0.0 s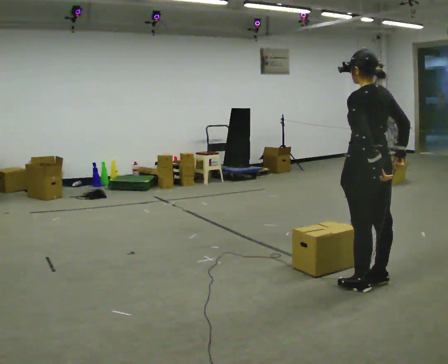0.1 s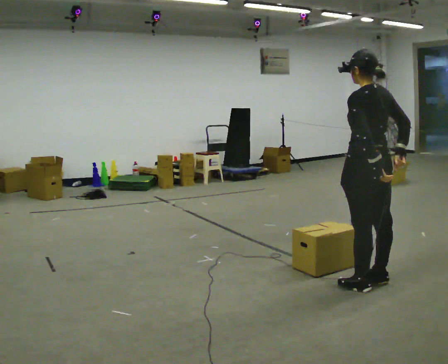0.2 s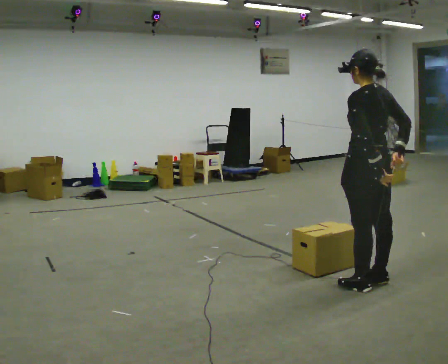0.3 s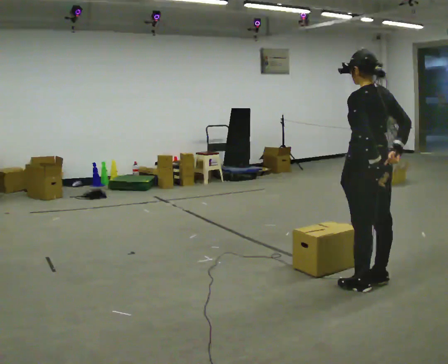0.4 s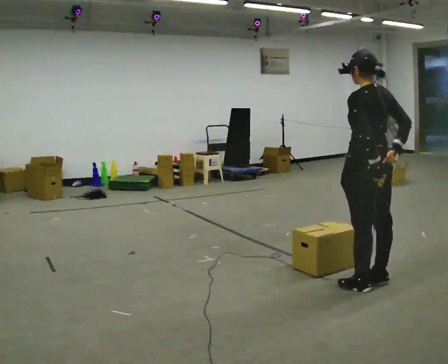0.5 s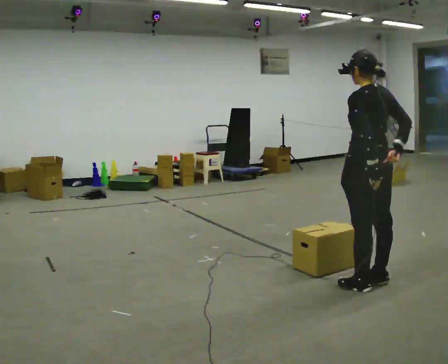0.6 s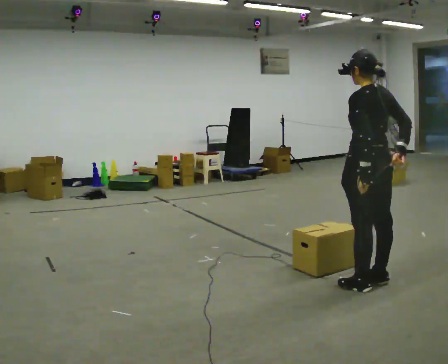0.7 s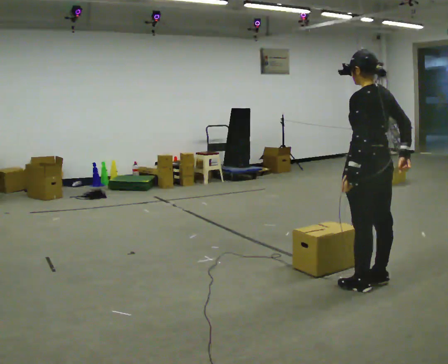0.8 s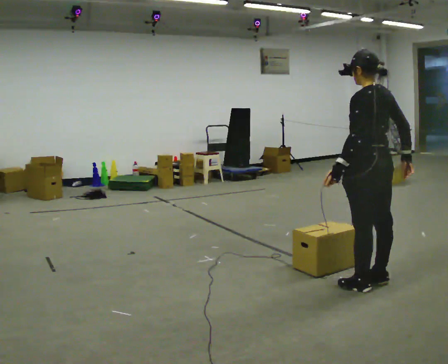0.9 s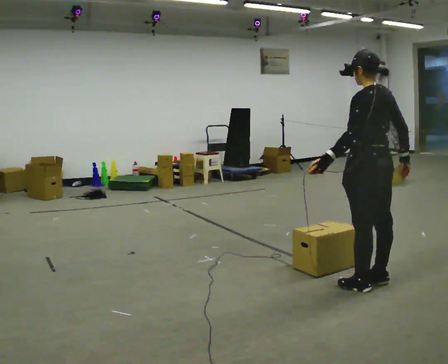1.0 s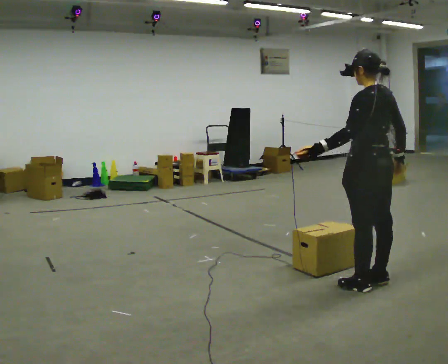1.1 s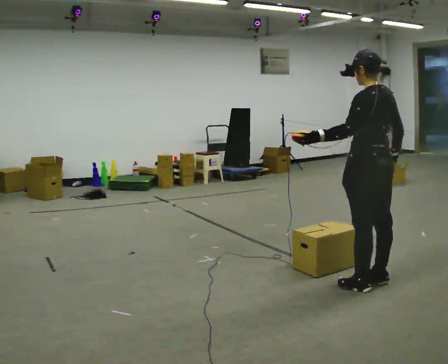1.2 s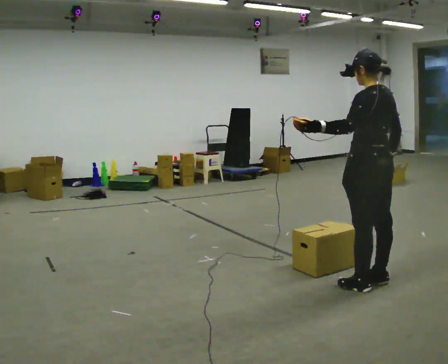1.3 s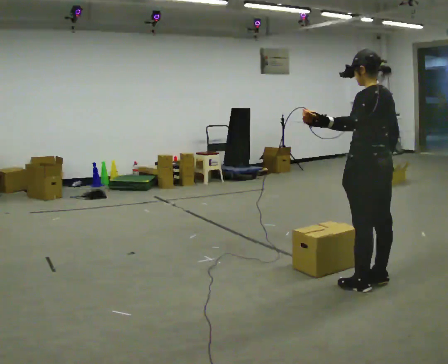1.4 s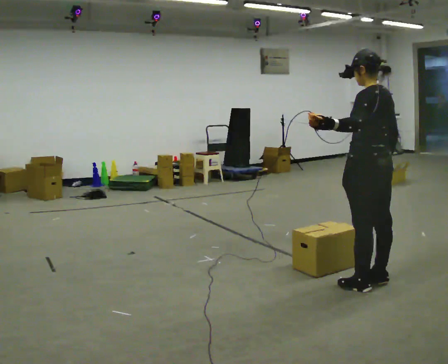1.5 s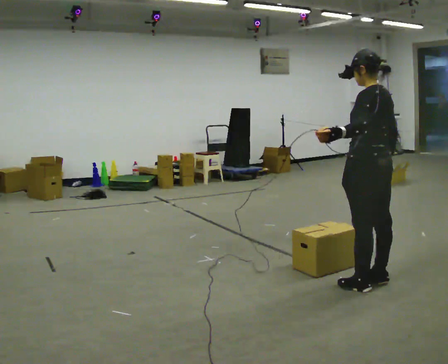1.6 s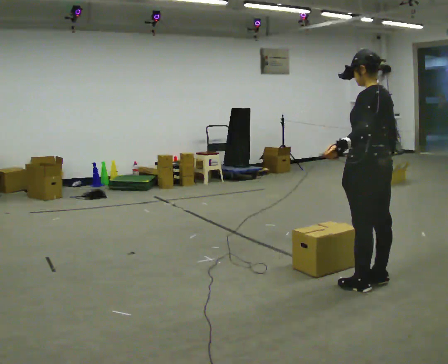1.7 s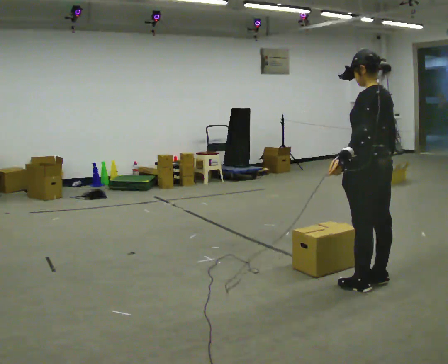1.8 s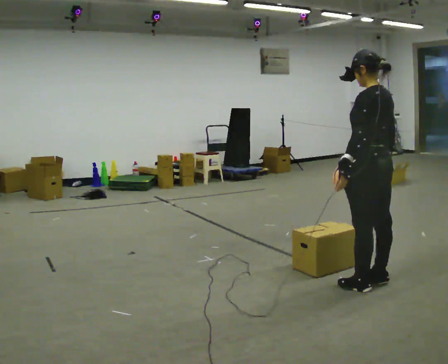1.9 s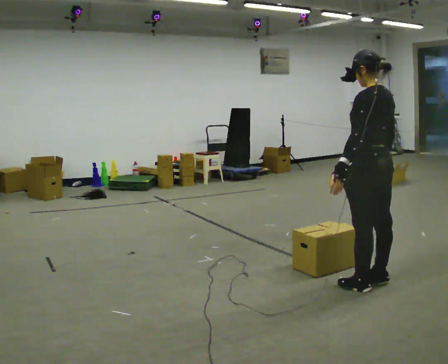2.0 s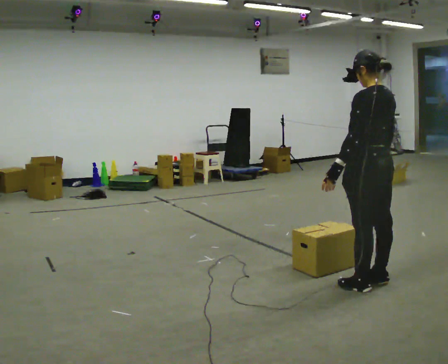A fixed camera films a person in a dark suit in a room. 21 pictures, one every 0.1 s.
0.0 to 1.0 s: In the picture their left hand goes to the left, the arm swinging clockwise.
1.0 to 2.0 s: The person moves a little, or ends about where they began.
The film runs forward here.
